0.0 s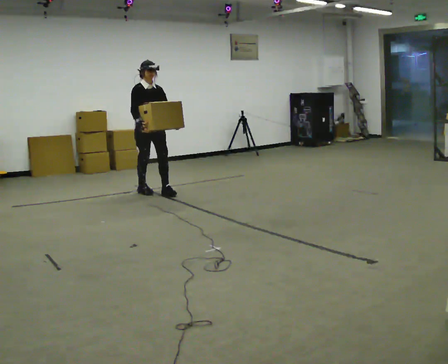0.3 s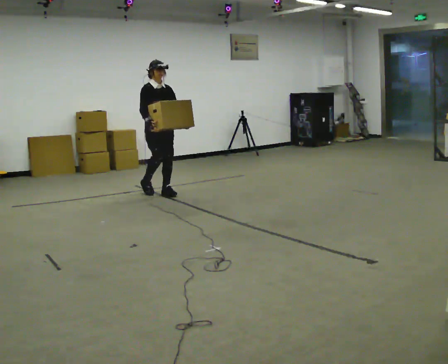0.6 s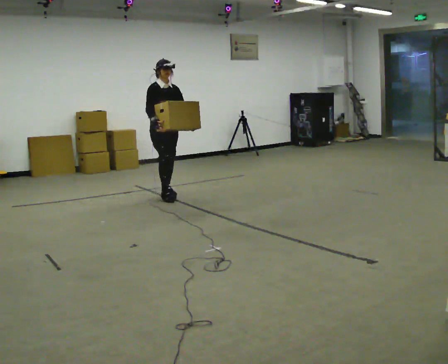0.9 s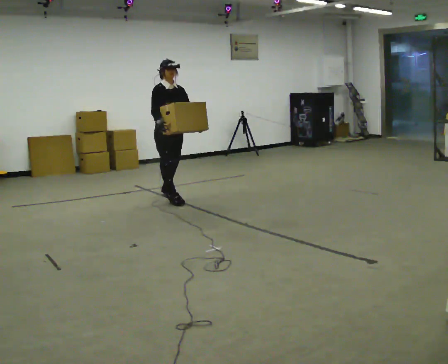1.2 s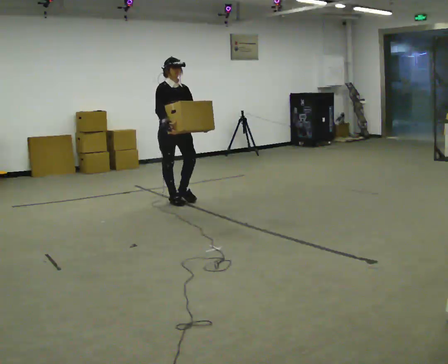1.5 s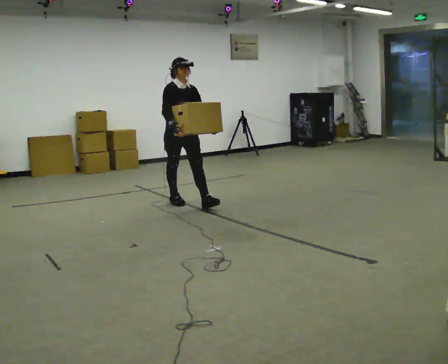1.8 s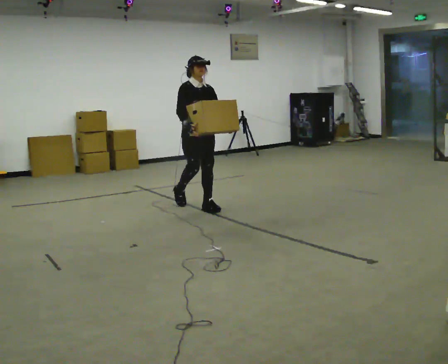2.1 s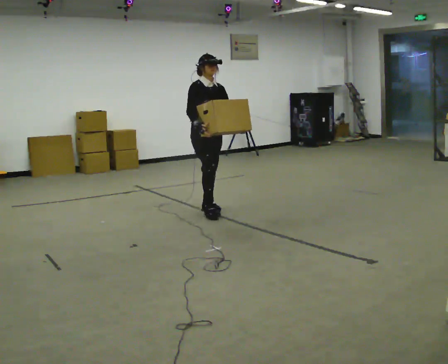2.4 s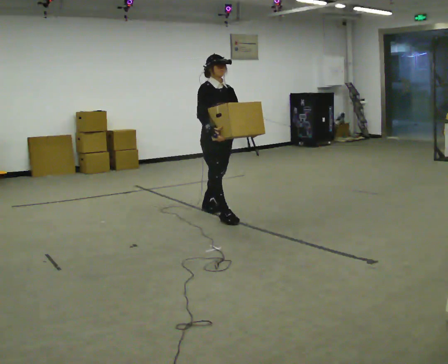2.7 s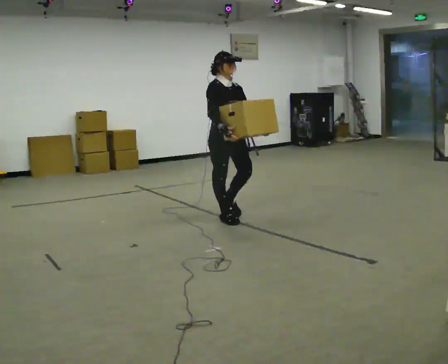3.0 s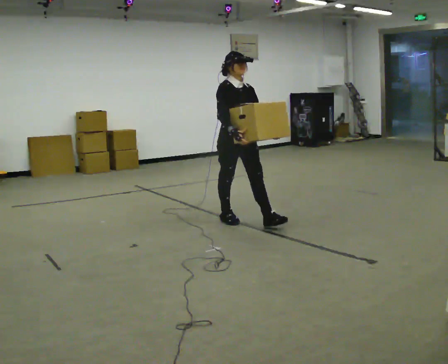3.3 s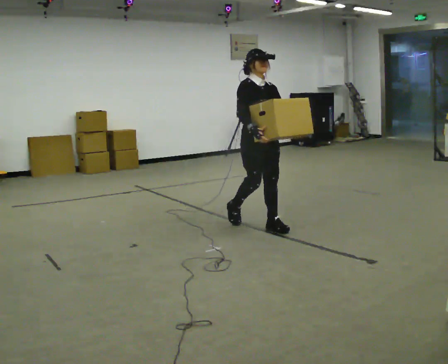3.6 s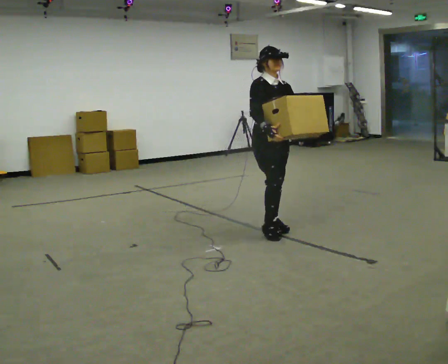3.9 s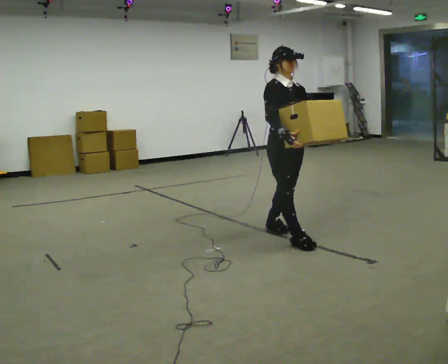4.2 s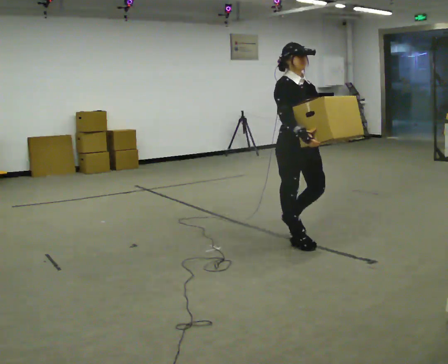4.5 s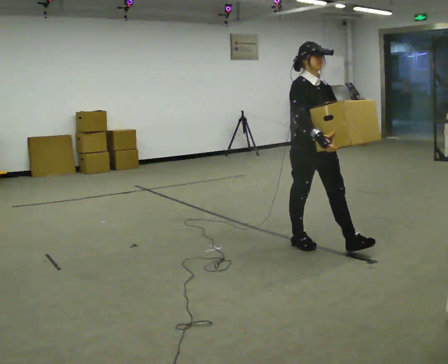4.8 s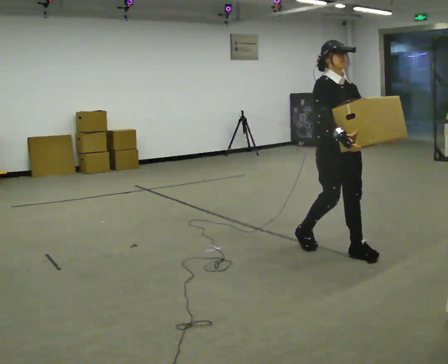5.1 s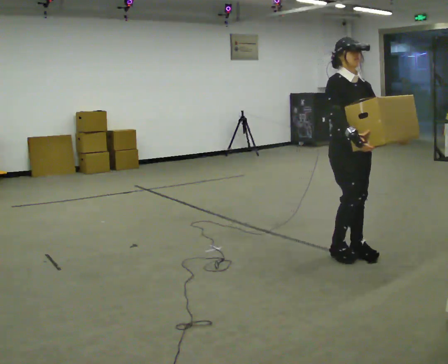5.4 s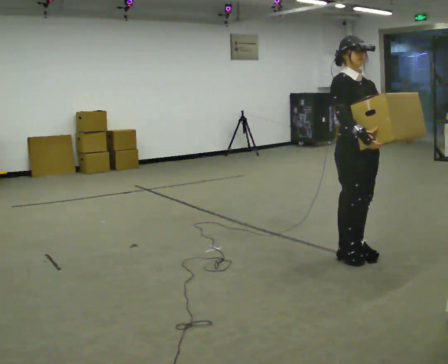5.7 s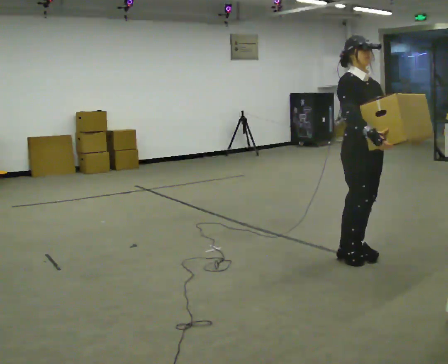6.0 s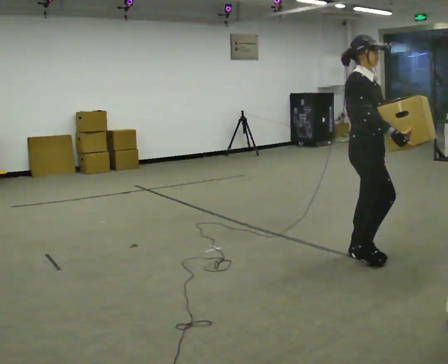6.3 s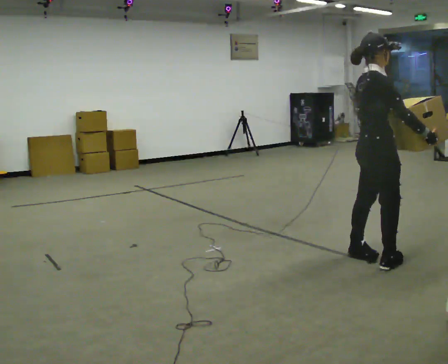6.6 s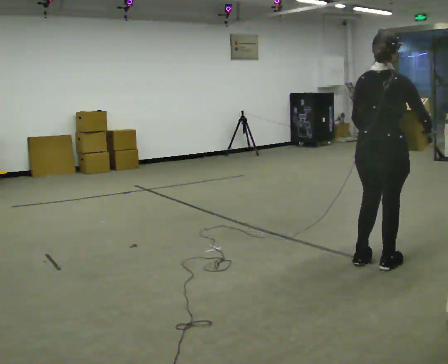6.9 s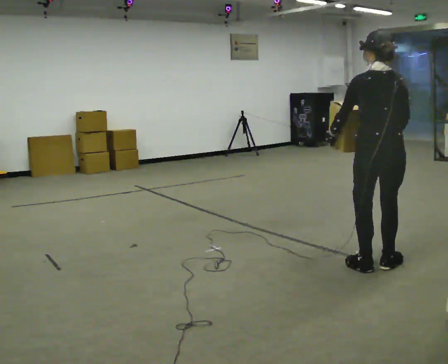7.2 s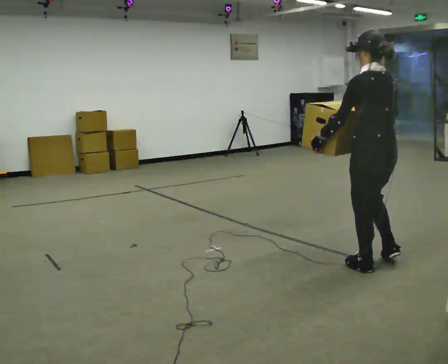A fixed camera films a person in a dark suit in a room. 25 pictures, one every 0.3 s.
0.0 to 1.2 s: In the picture they go toward the camera and to the right, about 0.5 m in 1 step, which for them is forward.
1.2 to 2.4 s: In the picture they go toward the camera and to the right, about 1 m in 2 steps, which for them is forward.
2.4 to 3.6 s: In the picture they go to the right and toward the camera, about 0.5 m in 1 step, which for them is forward.
3.6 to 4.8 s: In the picture they go toward the camera and to the right, about 1 m in 2 steps, which for them is forward.
4.8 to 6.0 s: The part of the body nearest the lens slides to the right as the person turns to their left by about 30 degrees. In the picture they go toward the camera and to the right, about 0.25 m in 1 step, which for them is forward.
6.0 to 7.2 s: Seen from above the body turns counterclockwise, about 150 degrees: to their left, with its near side sliding to the right. In the picture they go toward the camera, about 0.25 m in 2 steps.
The film runs forward here.
